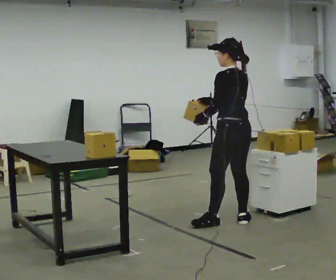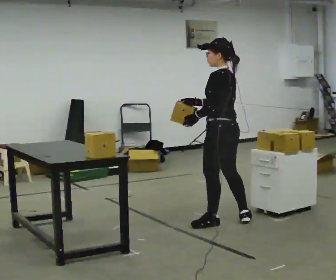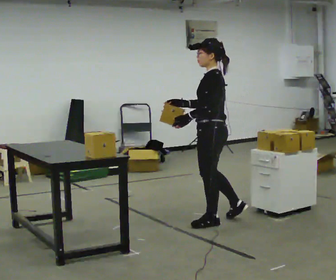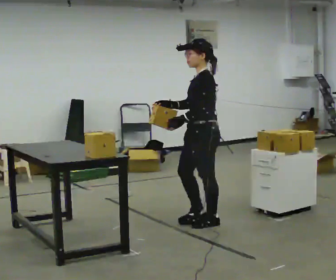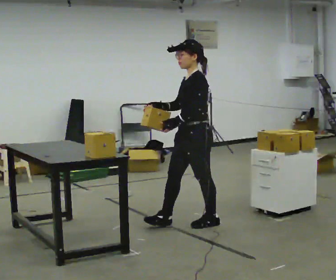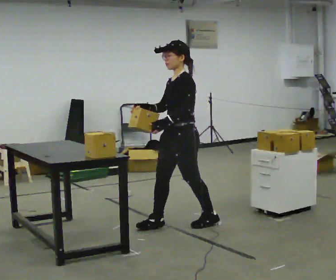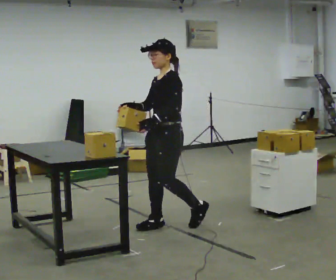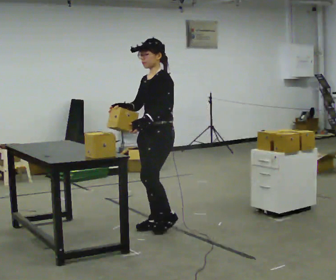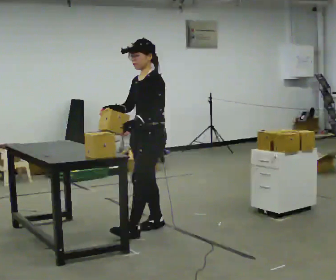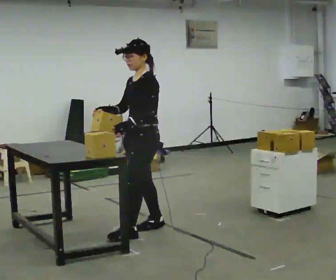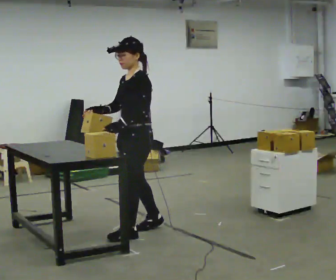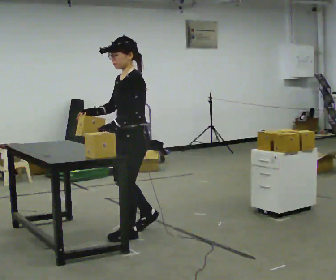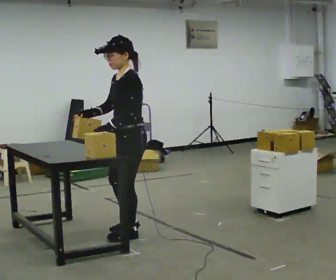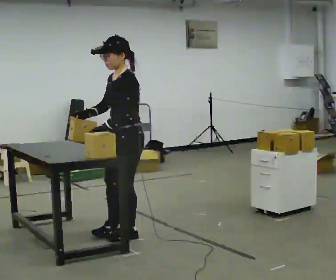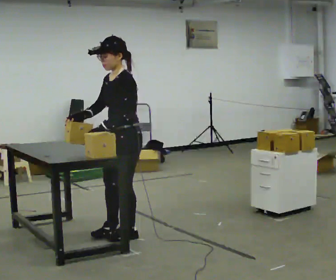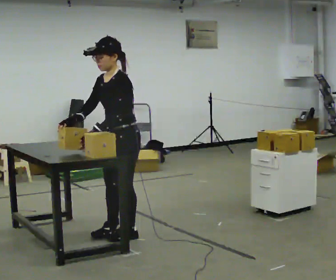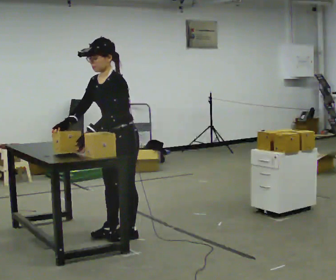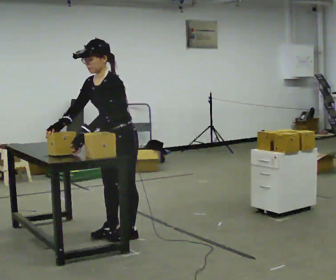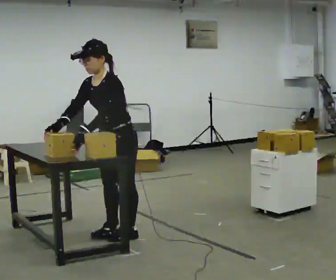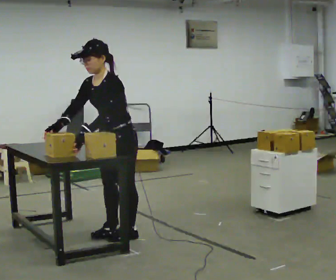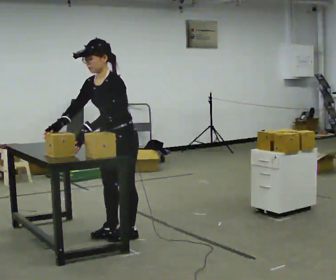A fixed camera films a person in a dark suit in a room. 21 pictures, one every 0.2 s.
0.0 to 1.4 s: The person turns about 75 degrees to their left, counterclockwise seen from above, so the part of the body nearest the lens slides to the right. In the picture they go to the left, about 0.75 m in 1 step.
1.4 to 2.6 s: In the picture they go to the left and toward the camera, about 0.25 m in 2 steps, which for them is forward and to their left.
2.6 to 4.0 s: The person moves a little, or ends about where they began.
The film runs forward here.
